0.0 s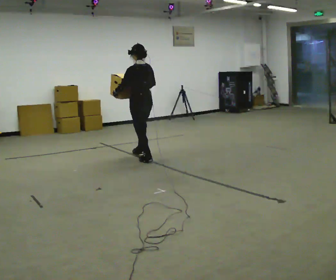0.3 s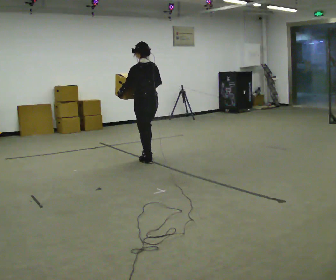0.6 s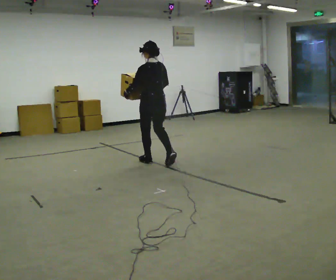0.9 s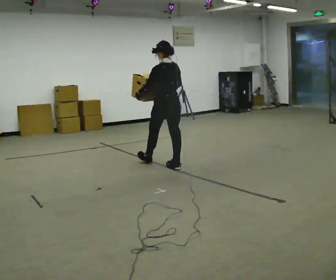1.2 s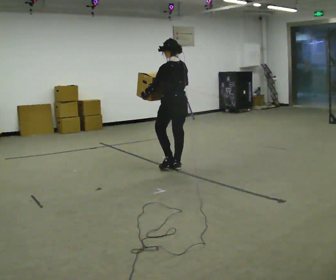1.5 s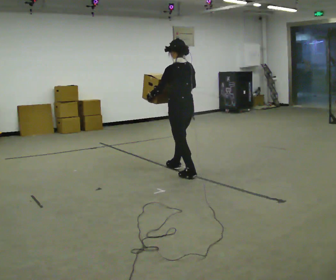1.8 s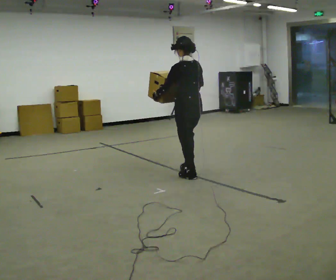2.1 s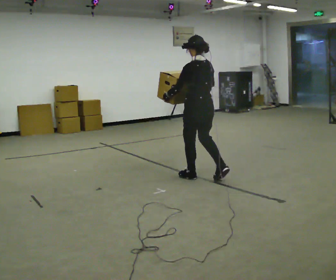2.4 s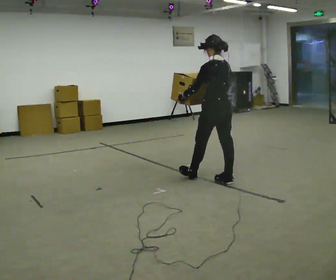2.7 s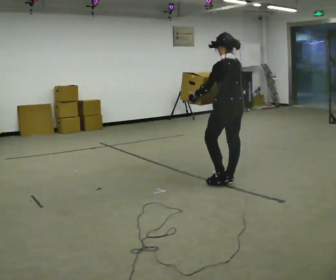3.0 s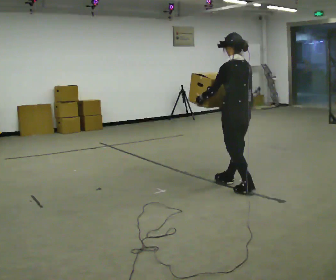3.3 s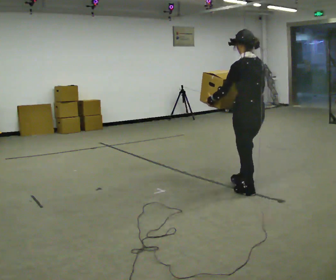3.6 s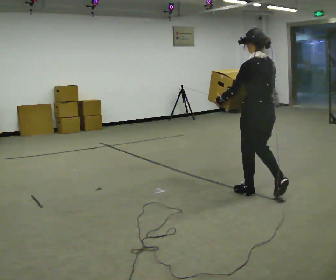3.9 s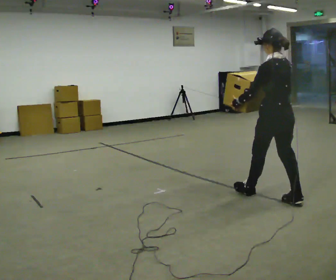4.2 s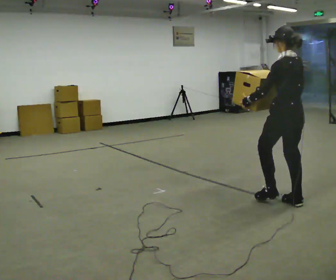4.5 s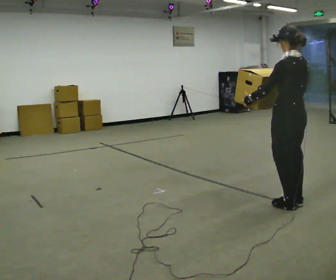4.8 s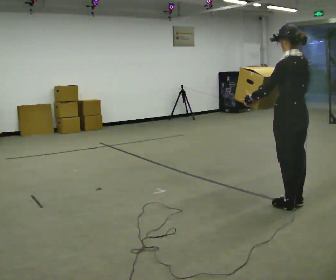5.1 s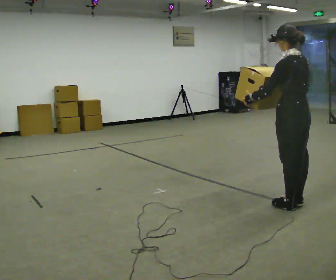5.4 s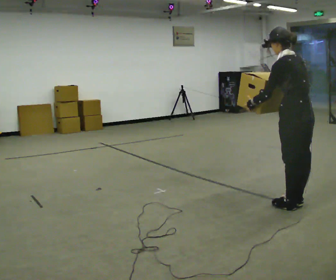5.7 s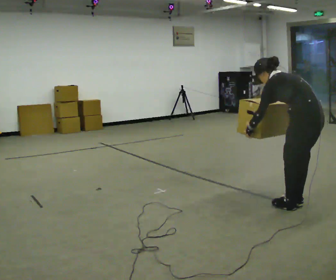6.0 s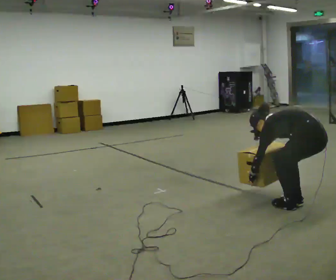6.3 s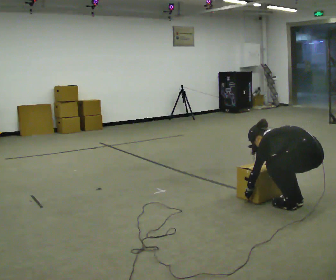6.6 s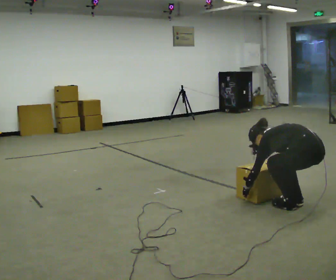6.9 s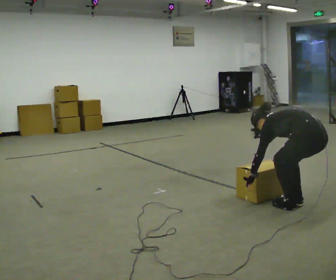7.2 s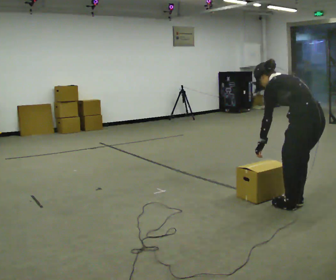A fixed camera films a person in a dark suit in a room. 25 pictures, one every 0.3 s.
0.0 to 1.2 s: In the picture they go to the right and toward the camera, about 0.5 m in 2 steps, which for them is backward.
1.2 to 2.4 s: In the picture they go to the right and toward the camera, about 0.5 m in 1 step, which for them is backward.
2.4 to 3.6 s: In the picture they go toward the camera and to the right, about 0.75 m in 2 steps, which for them is backward.
3.6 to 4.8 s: In the picture they go to the right and toward the camera, about 0.5 m in 1 step, which for them is backward.
4.8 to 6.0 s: In the picture they go toward the camera, about 0.25 m, which for them is backward. The upper body goes downward. The upper body tips away from the camera, its near side rolling upward, as they bend forward. In the picture their left hand goes downward.
6.0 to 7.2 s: In the picture the upper body tilts clockwise, shoulders to the right, as they lean back or straighten. In the picture their right hand goes upward.
The film runs backward here.
